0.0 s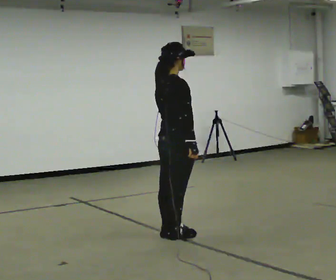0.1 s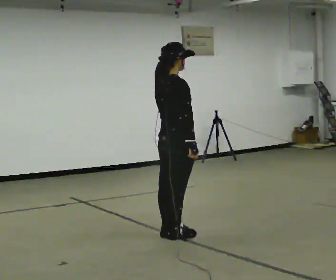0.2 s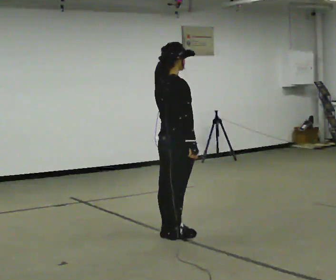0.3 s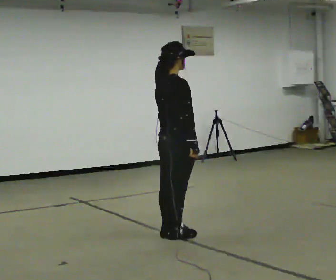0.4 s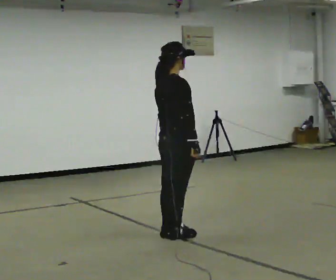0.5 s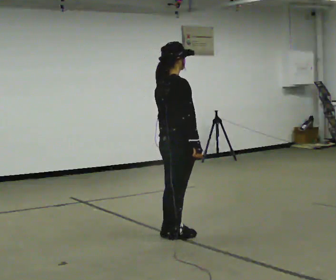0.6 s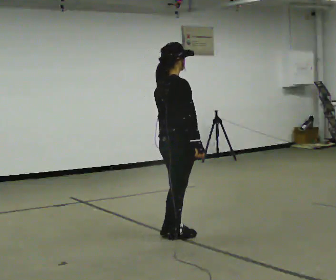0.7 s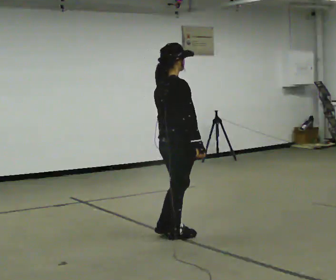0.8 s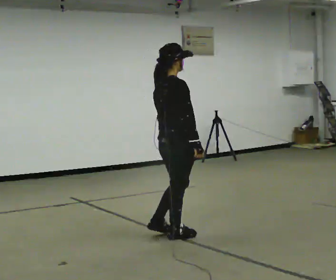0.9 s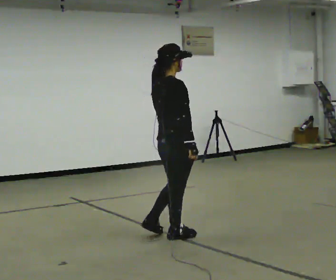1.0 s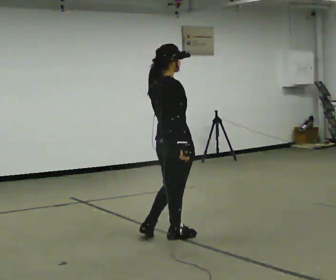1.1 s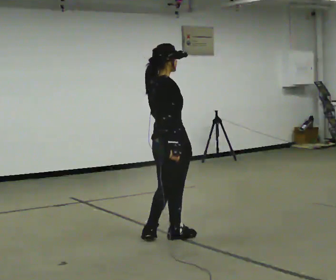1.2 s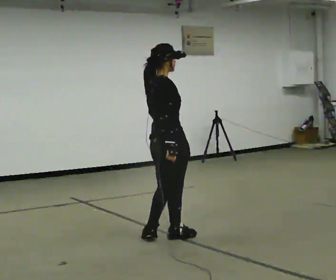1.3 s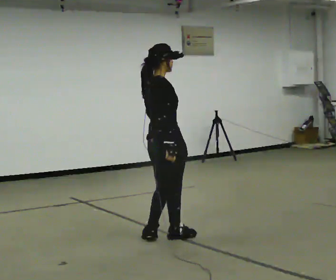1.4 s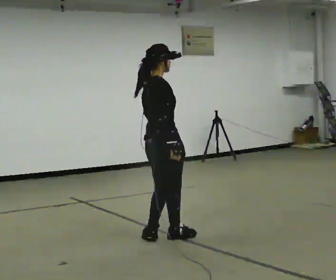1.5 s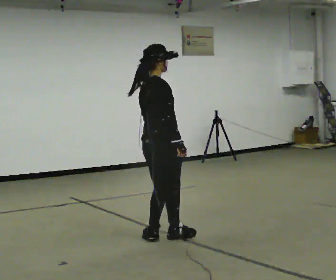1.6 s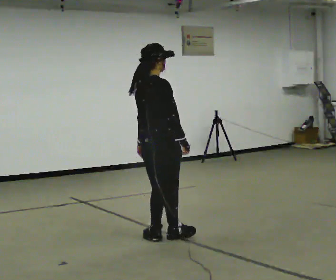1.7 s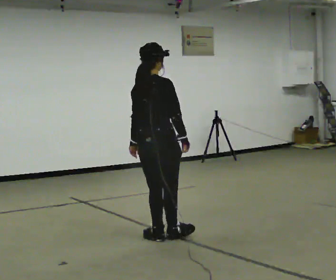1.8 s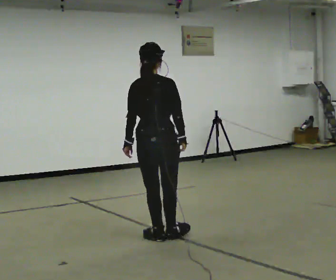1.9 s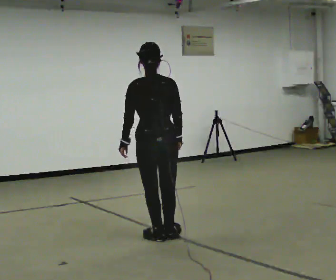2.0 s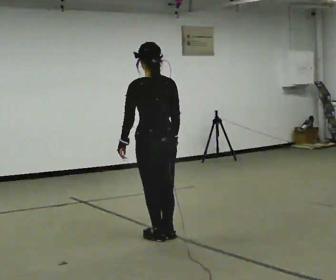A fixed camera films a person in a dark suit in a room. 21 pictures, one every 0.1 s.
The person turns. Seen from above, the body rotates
counterclockwise.
The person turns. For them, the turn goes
to their left.
0.0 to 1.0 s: The person moves a little, or ends about where they began.
1.0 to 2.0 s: The part of the body nearest the lens slides to the right as the person turns to their left by about 75 degrees.
The film runs backward here.
